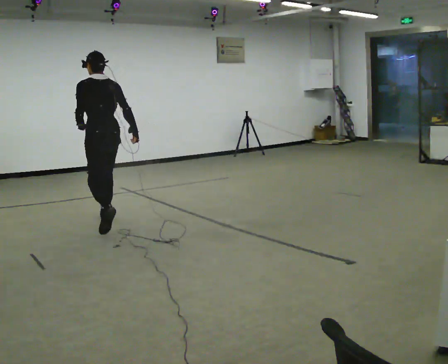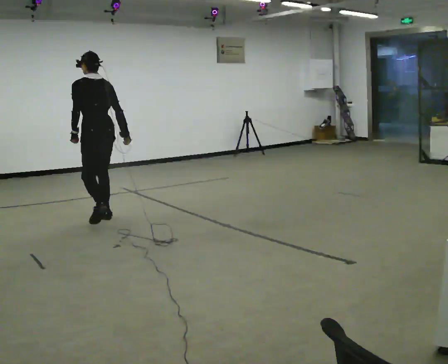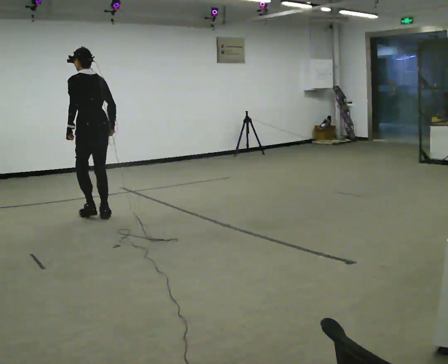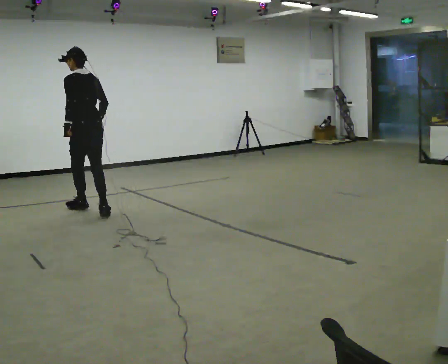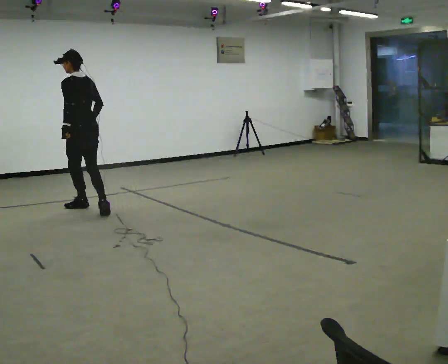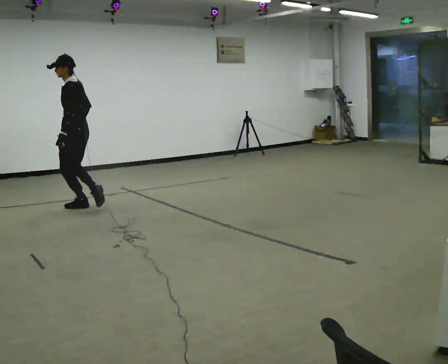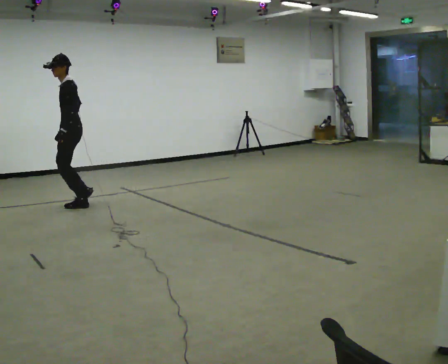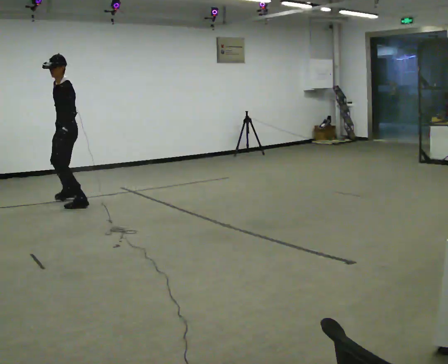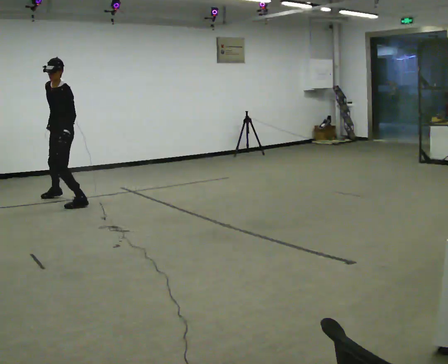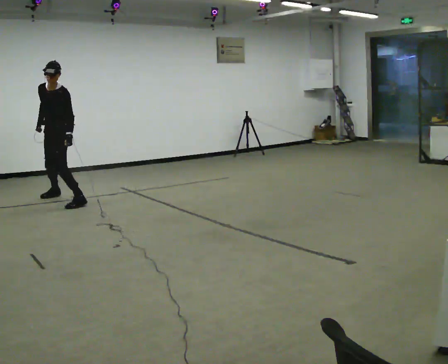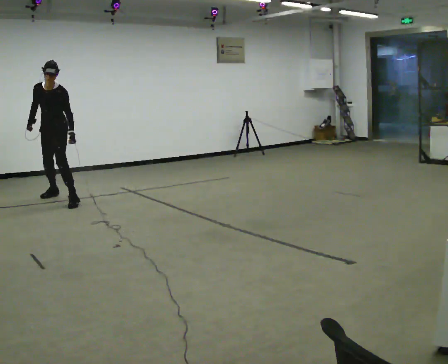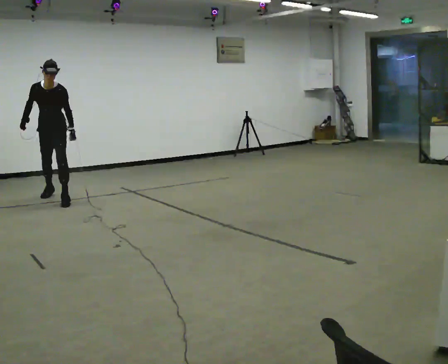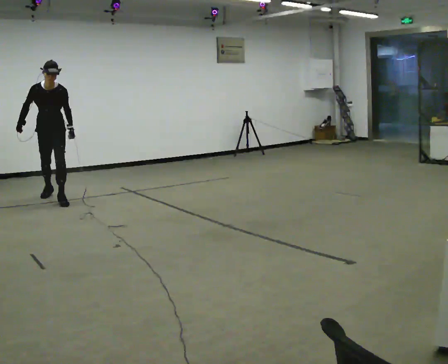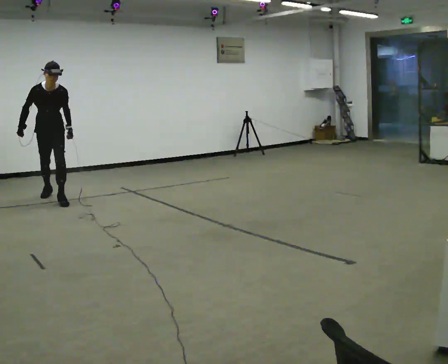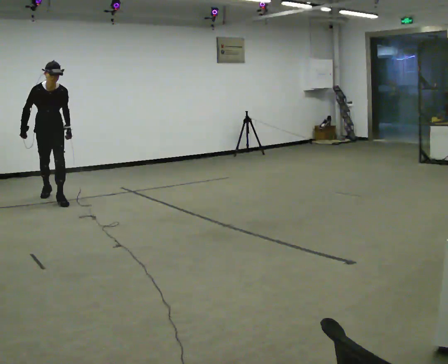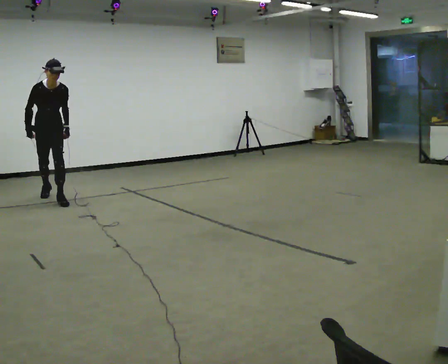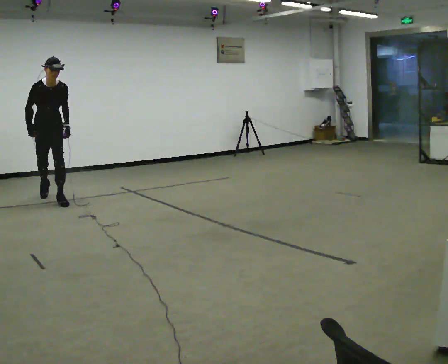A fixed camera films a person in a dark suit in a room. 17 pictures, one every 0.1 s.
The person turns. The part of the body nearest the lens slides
to the right.
The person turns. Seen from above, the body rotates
counterclockwise.
0.0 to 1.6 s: The part of the body nearest the lens slides to the right as the person turns to their left by about 180 degrees. In the picture they go away from the camera and to the left, about 1.5 m in 4 steps. The upper body tips toward the camera, its near side rolling downward.
The film runs forward here.
